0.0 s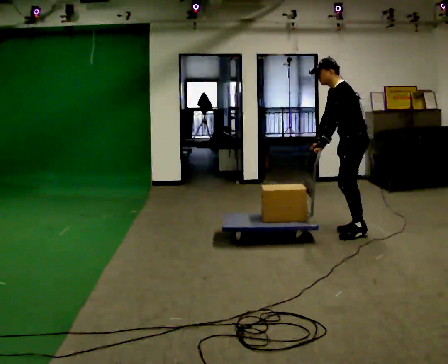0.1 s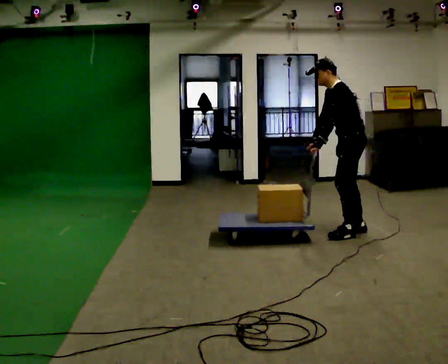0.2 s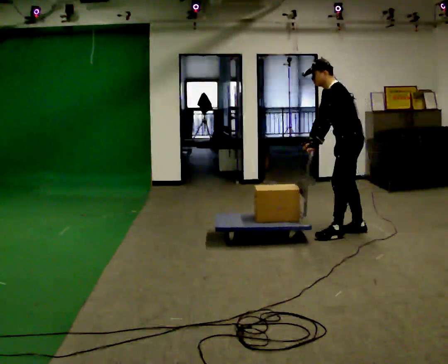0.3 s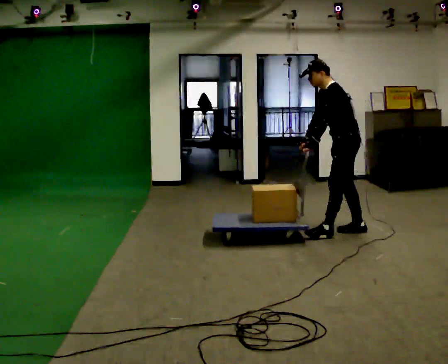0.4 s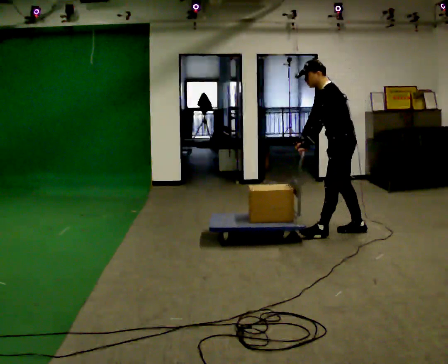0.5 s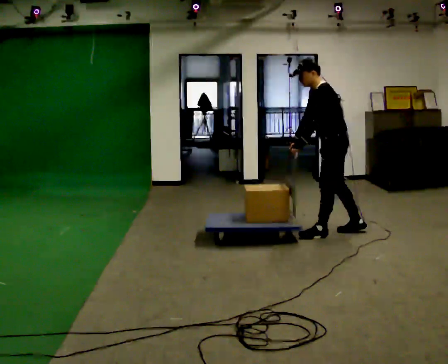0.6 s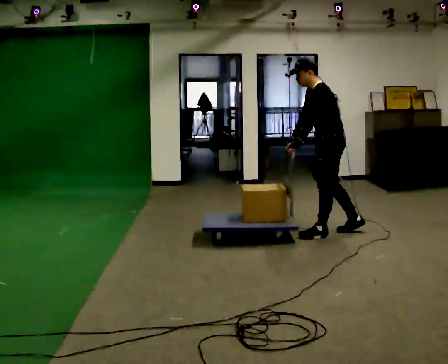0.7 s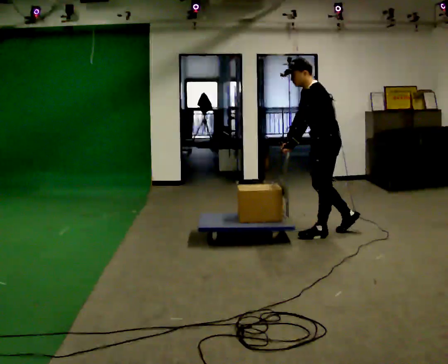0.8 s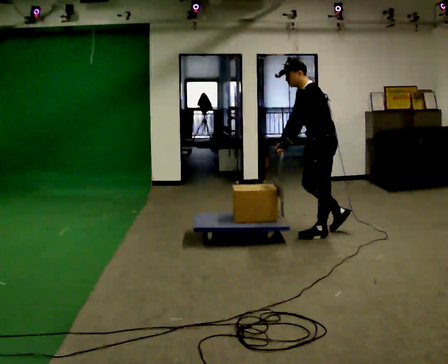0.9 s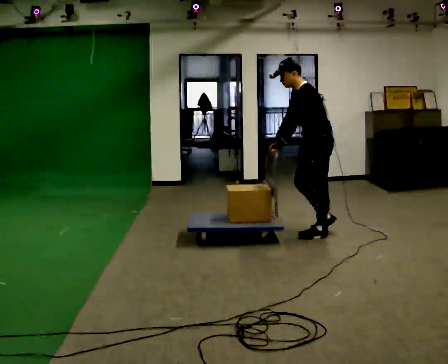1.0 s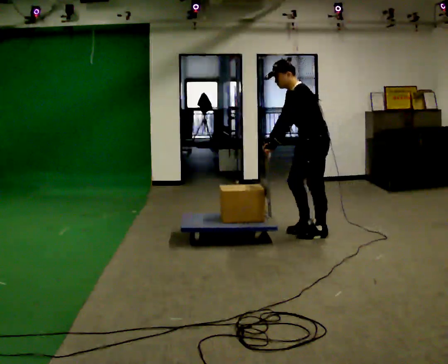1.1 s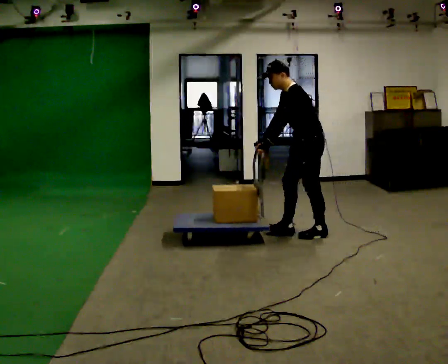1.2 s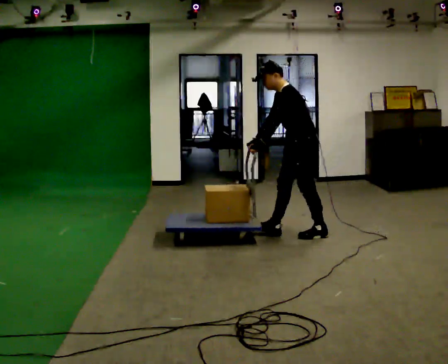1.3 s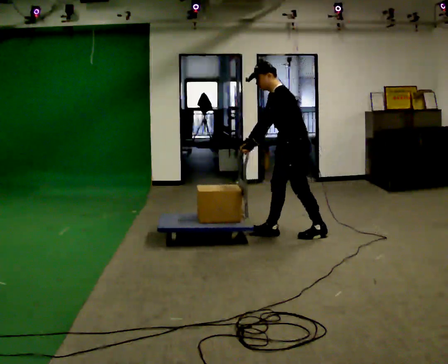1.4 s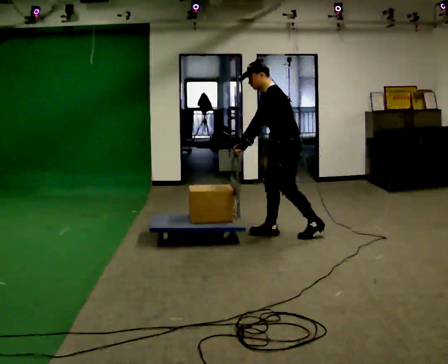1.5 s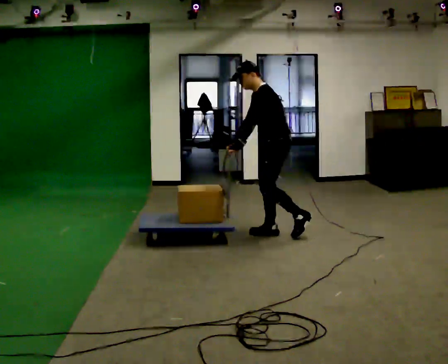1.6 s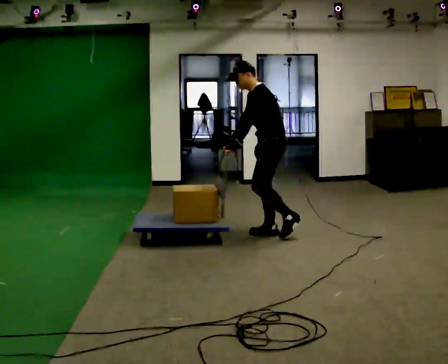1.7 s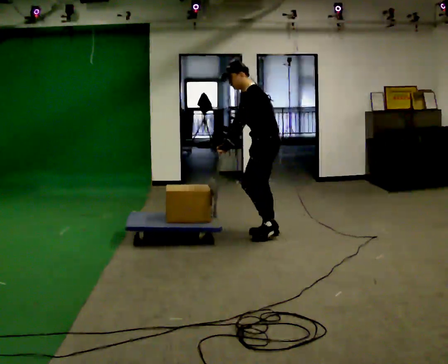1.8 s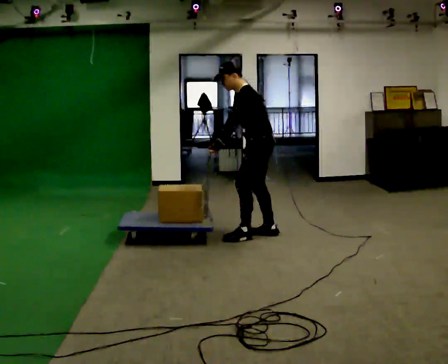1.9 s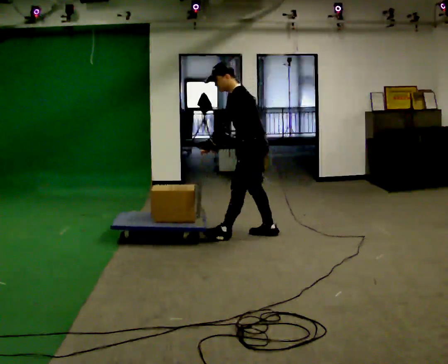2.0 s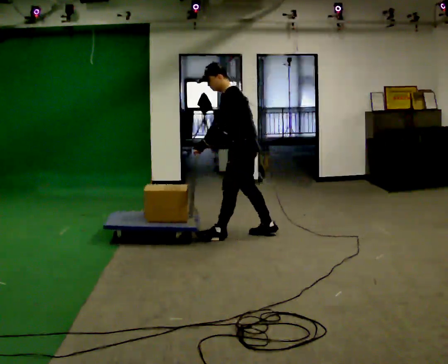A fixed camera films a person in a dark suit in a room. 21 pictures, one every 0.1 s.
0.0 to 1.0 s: In the picture they go to the left, about 0.5 m in 1 step, which for them is forward.
1.0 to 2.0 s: In the picture they go to the left, about 0.75 m in 2 steps, which for them is forward.
The film runs forward here.
